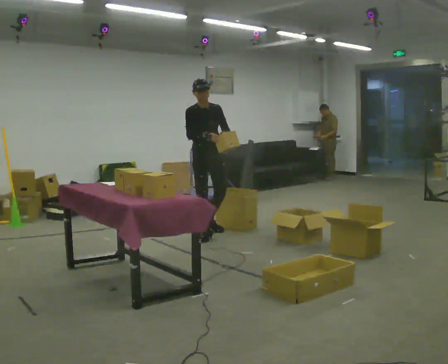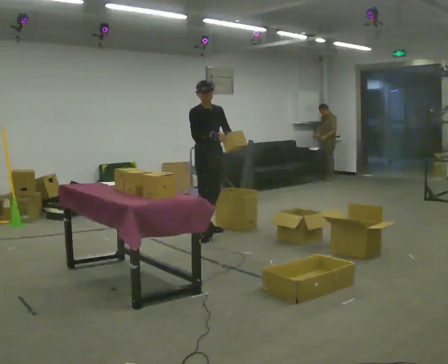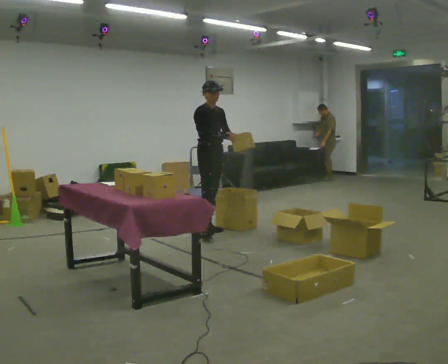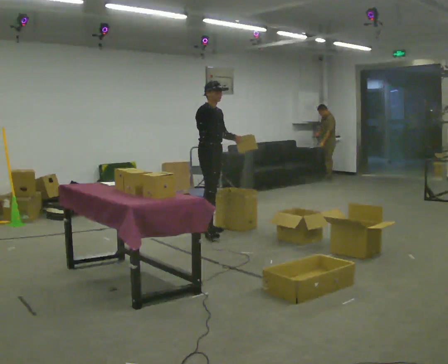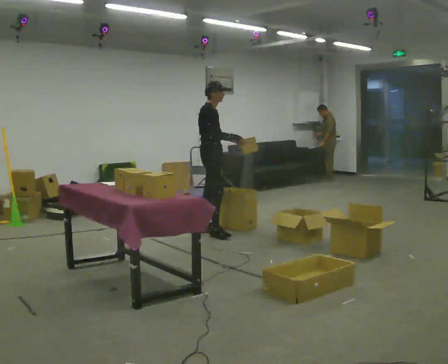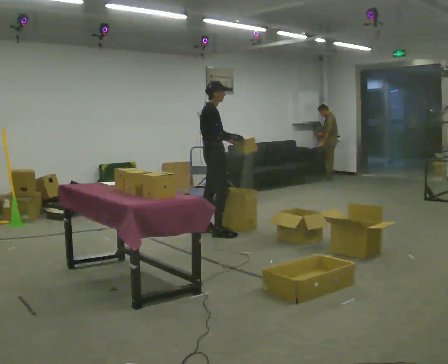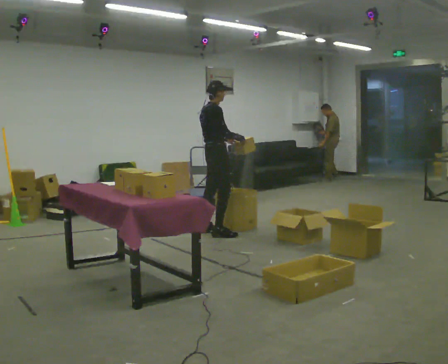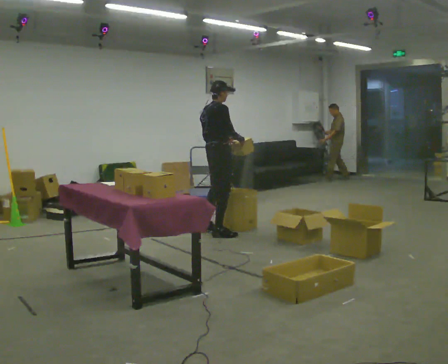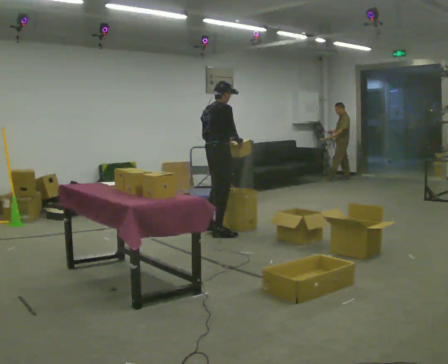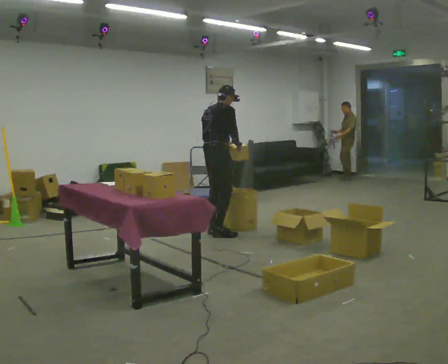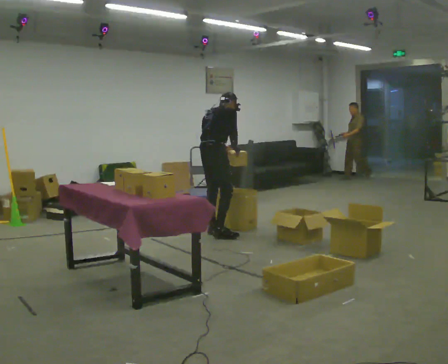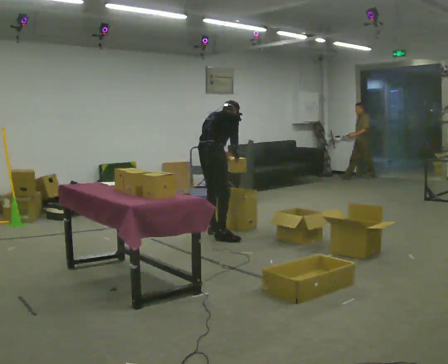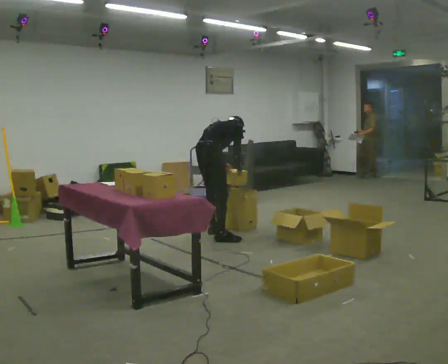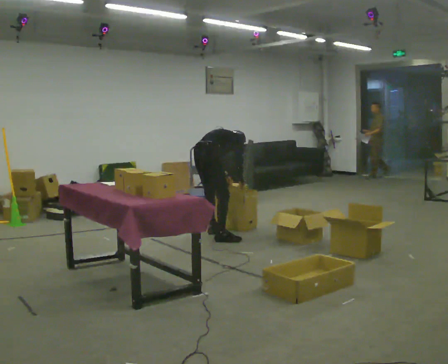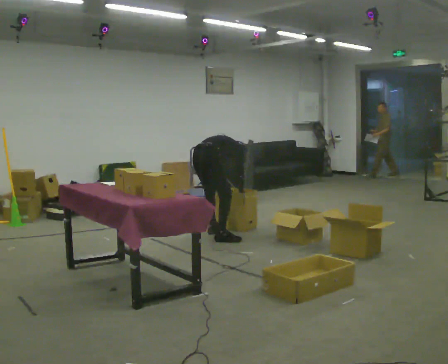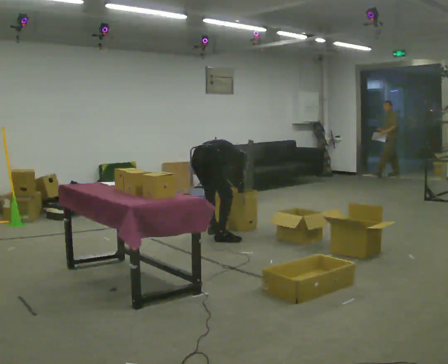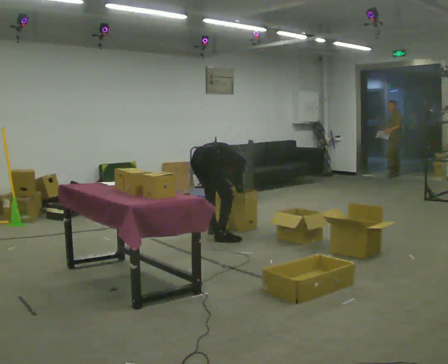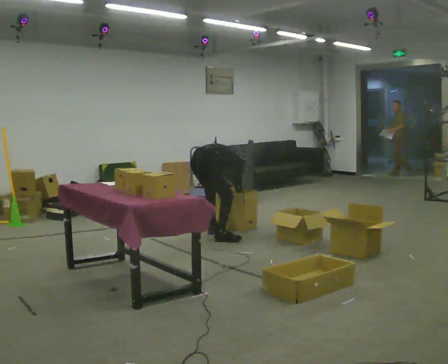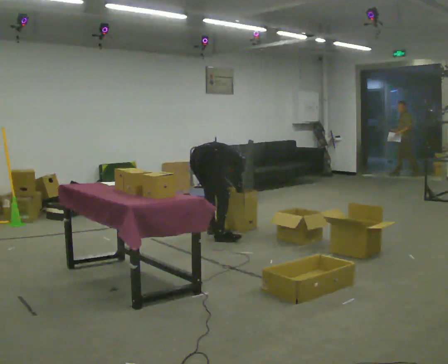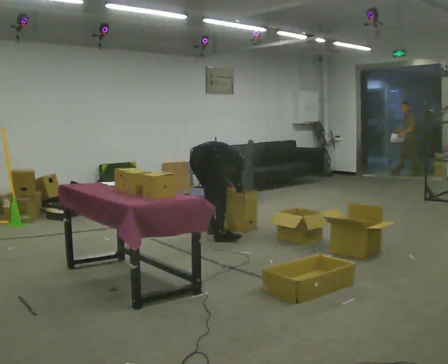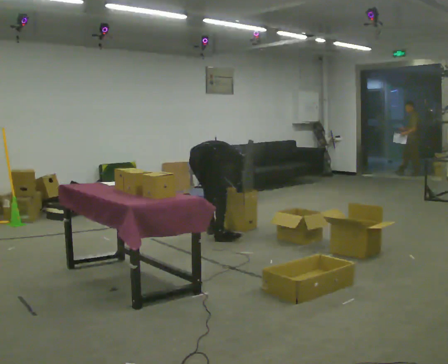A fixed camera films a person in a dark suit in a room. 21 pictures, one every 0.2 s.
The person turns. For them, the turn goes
to their left.
Their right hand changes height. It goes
downward.
0.0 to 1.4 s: The part of the body nearest the lens slides to the right as the person turns to their left by about 90 degrees. In the picture their right hand goes to the right.
1.4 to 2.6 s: The upper body goes downward. In the picture the upper body tilts clockwise, shoulders to the right, as they bend forward. In the picture their right hand goes downward.
2.6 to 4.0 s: The upper body goes downward. In the picture the upper body tilts clockwise, shoulders to the right, as they bend forward.
The film runs backward here.
